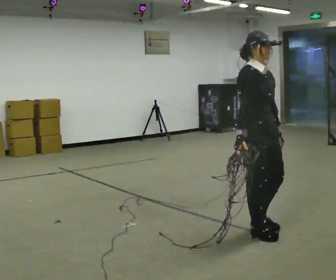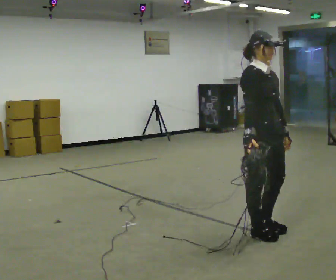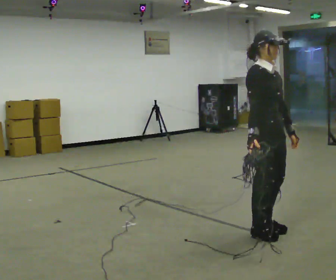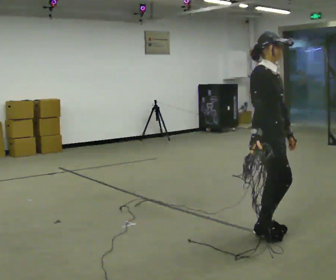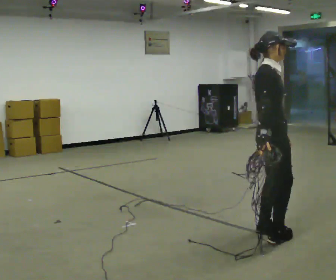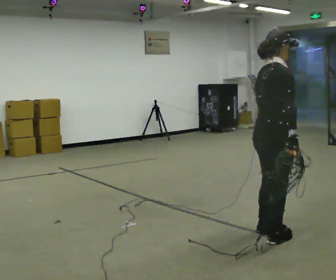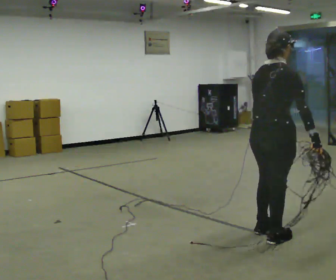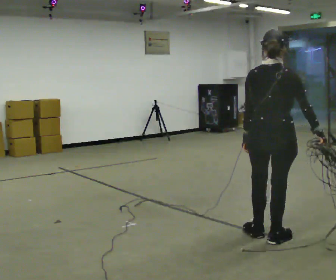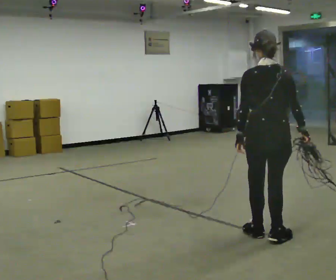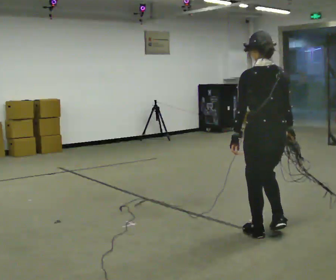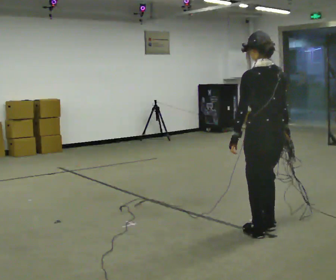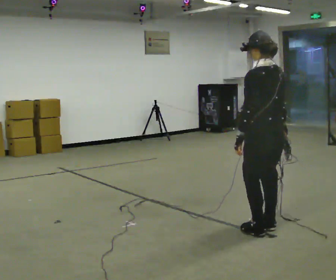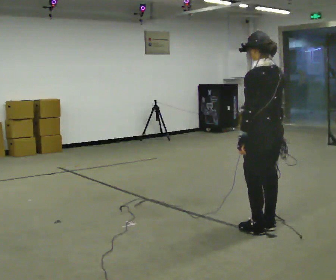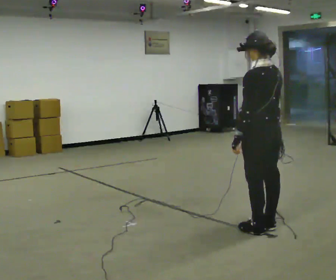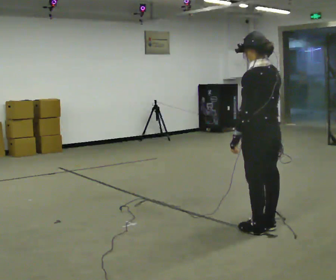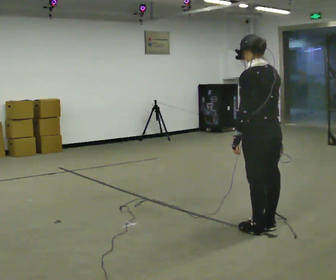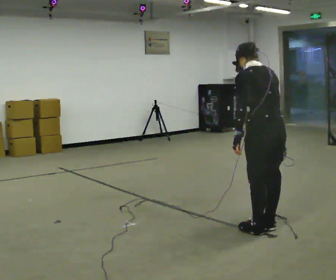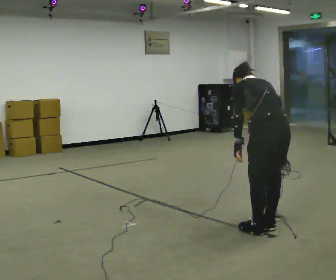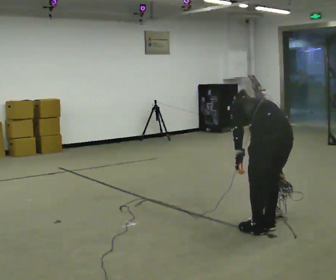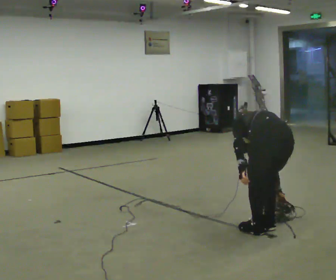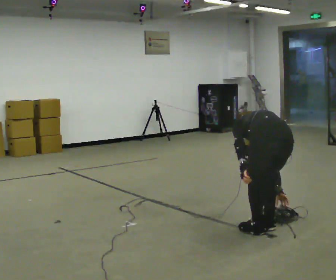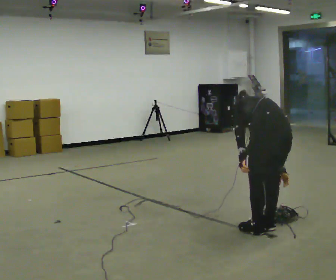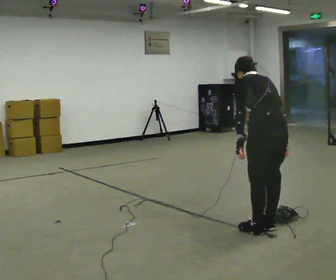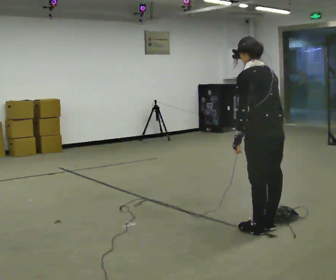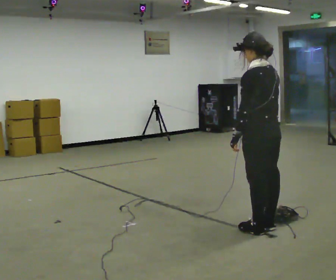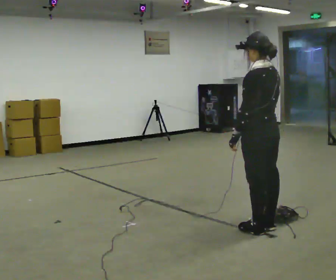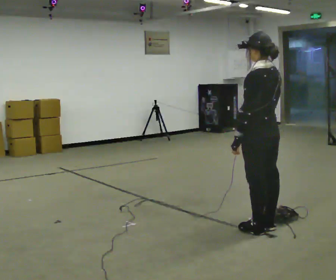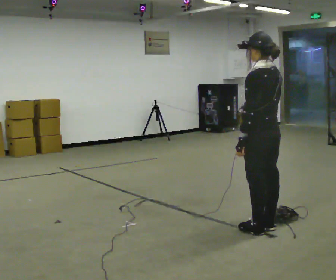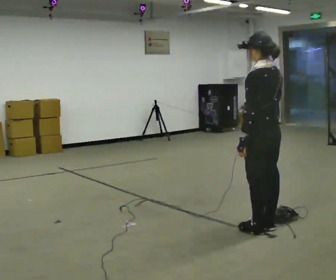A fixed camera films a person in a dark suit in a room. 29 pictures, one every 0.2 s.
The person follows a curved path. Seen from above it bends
counterclockwise.
0.0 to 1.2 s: The person turns about 90 degrees to their left, counterclockwise seen from above, so the part of the body nearest the lens slides to the right. In the picture they go toward the camera, about 0.25 m in 2 steps. In the picture their right hand goes to the right, the arm swinging counterclockwise.
1.2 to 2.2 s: The part of the body nearest the lens slides to the right as the person turns to their left by about 75 degrees. In the picture they go away from the camera, about 0.25 m in 1 step.
2.2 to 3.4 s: The upper body tips away from the camera, its near side rolling upward, as they bend forward.
3.4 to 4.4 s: The person moves a little, or ends about where they began.
4.4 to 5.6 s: The upper body tips toward the camera, its near side rolling downward, as they lean back or straighten.
The film runs forward here.
